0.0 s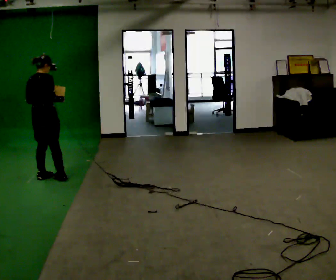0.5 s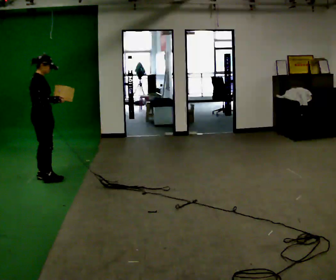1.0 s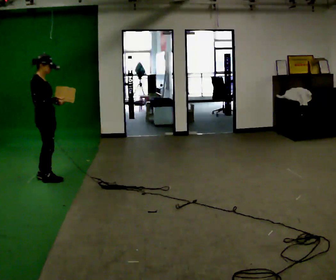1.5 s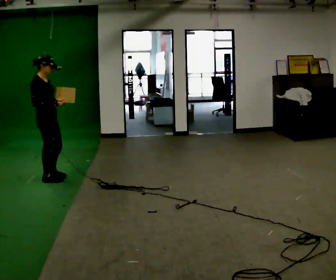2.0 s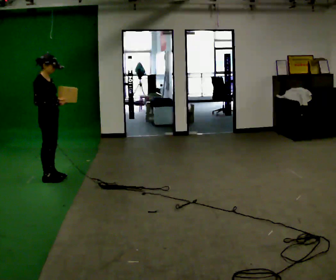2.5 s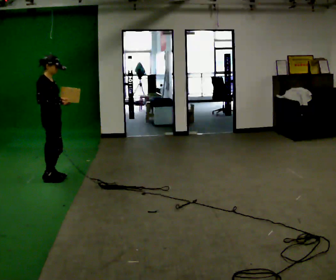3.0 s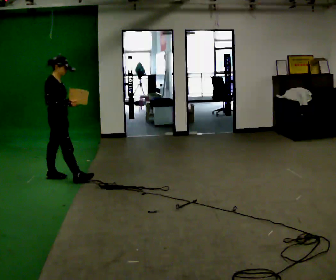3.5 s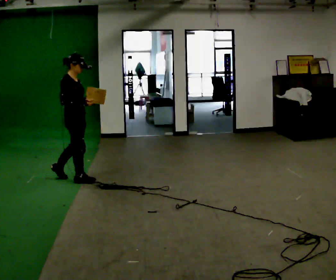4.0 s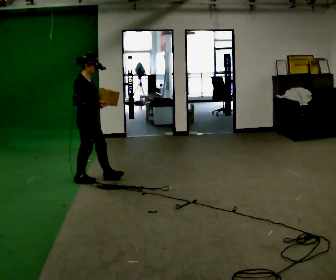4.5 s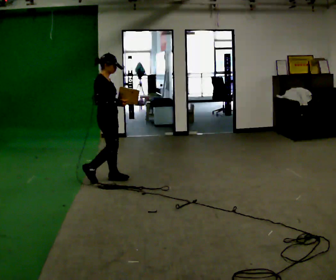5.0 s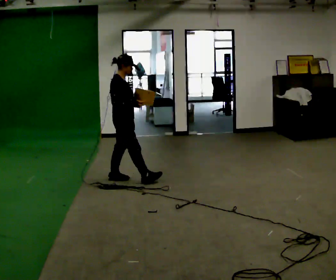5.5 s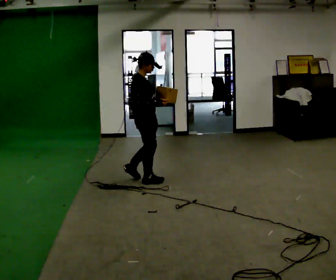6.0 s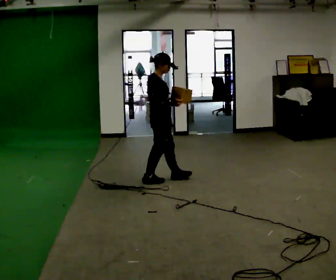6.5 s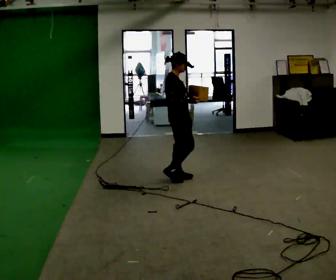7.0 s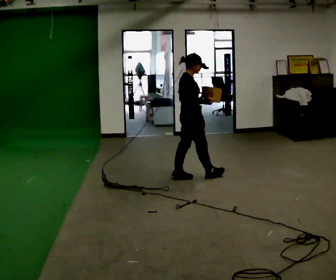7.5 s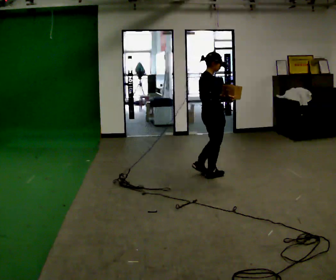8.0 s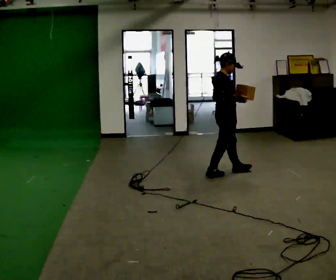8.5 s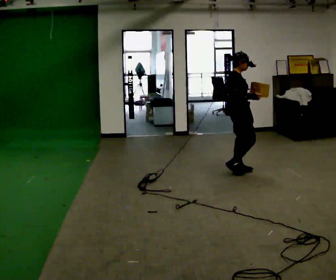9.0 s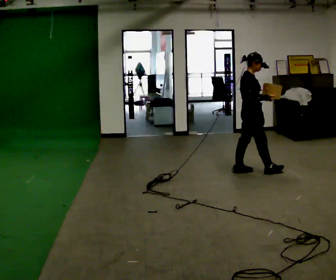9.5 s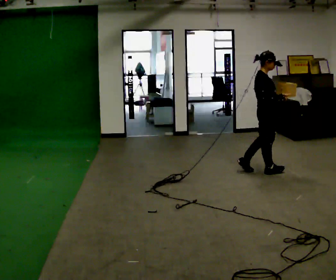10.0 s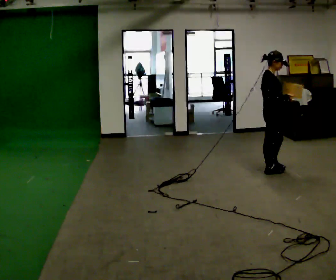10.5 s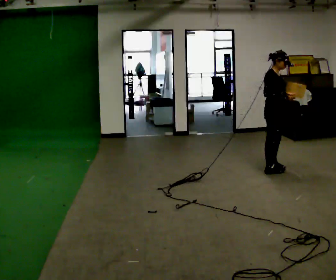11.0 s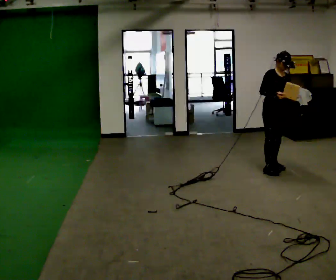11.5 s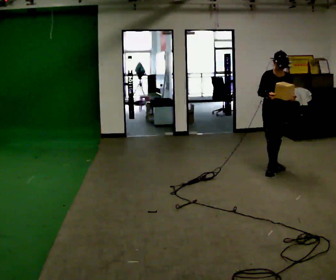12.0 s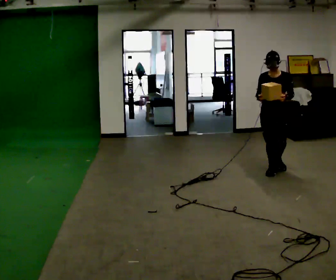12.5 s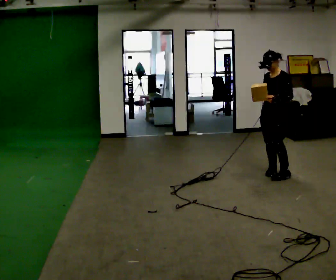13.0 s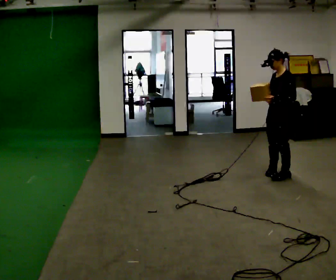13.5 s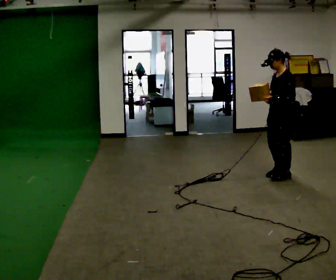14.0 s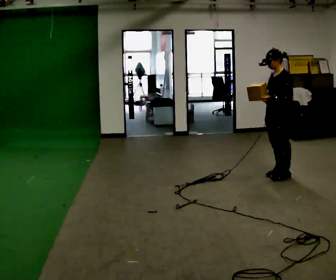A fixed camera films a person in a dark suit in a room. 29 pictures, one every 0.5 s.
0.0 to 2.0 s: The person turns about 60 degrees to their right, clockwise seen from above, so the part of the body nearest the lens slides to the left.
2.0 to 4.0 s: In the picture they go to the right, about 0.5 m in 1 step, which for them is forward.
4.0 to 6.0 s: In the picture they go to the right, about 1 m in 3 steps, which for them is forward.
6.0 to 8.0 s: In the picture they go to the right, about 1 m in 2 steps, which for them is forward.
8.0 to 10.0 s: In the picture they go to the right, about 0.5 m in 2 steps, which for them is forward.
10.0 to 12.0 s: The part of the body nearest the lens slides to the left as the person turns to their right by about 105 degrees.
12.0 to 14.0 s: Seen from above the body turns clockwise, about 60 degrees: to their right, with its near side sliding to the left. In the picture they go toward the camera, about 0.25 m in 1 step, which for them is to their left.
The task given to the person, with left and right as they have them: Carry the light box in both hands in front of you, walking back and forth across the room. Keep walking until the operator says stop.
The film runs forward here.
